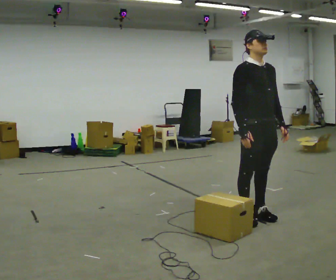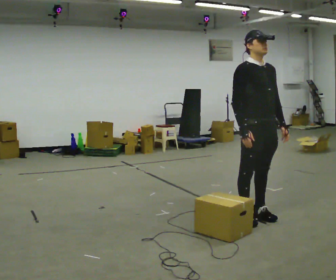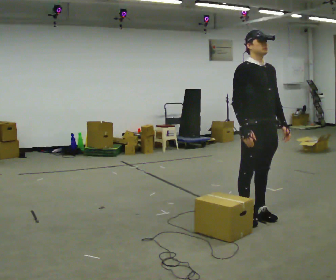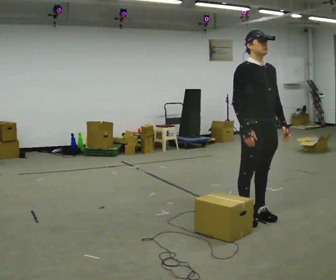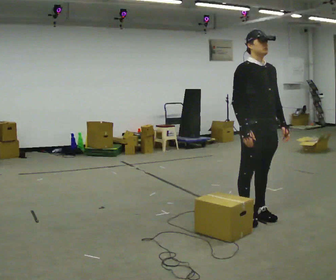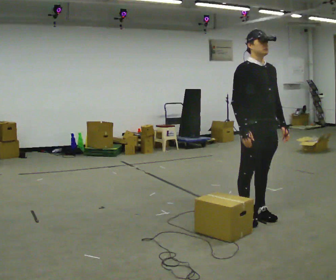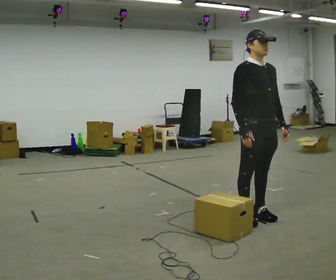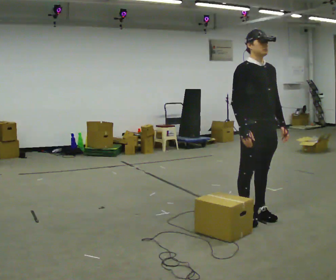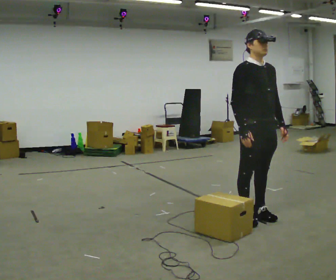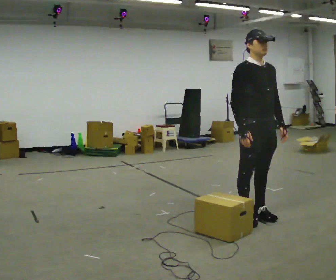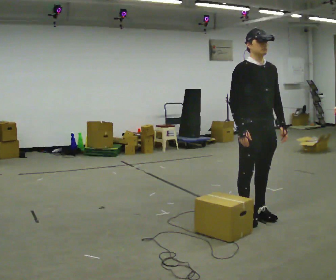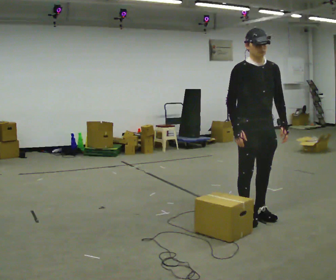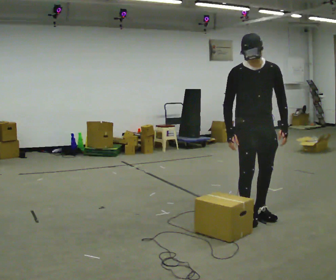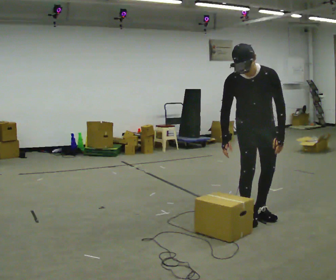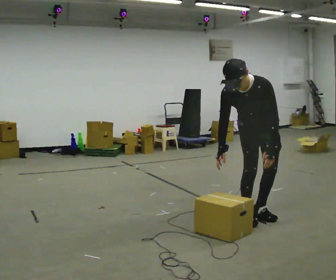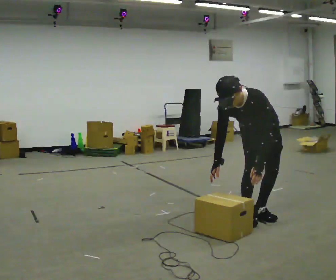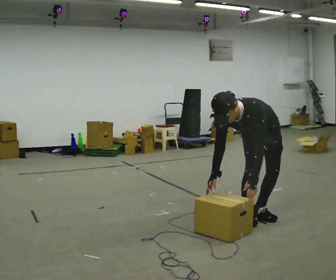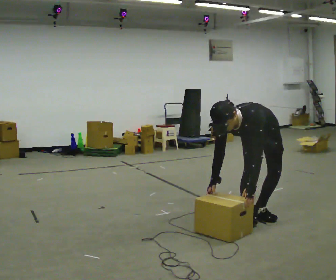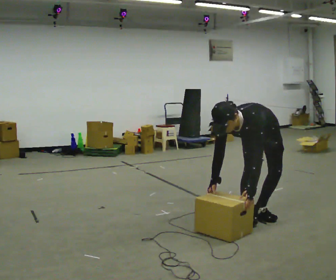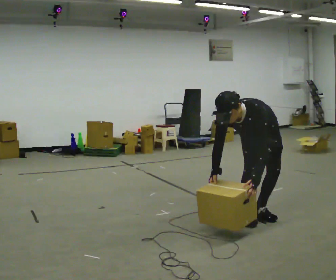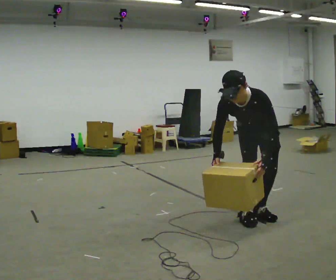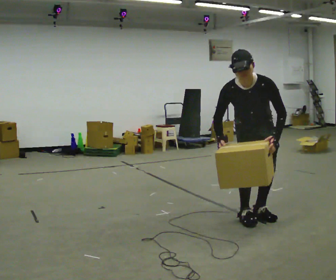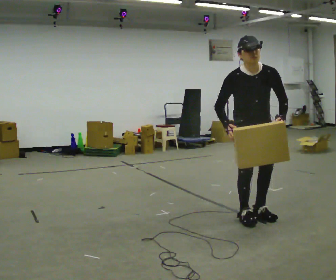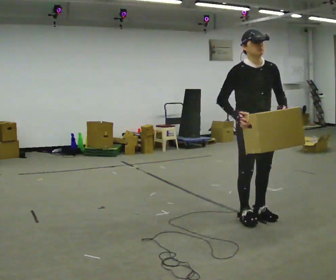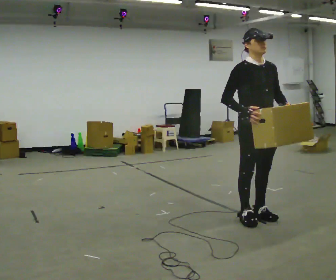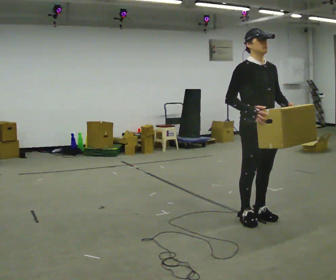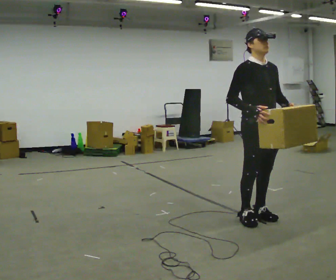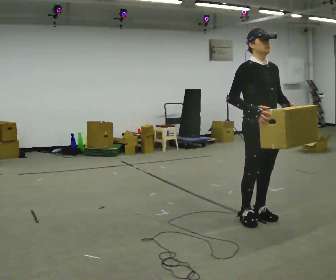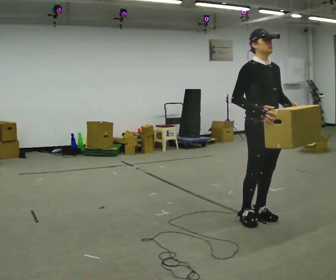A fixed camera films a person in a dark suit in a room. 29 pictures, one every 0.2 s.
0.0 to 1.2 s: The person keeps their place and pose.
1.2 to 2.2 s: The person moves a little, or ends about where they began.
2.2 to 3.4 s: Seen from above the body turns clockwise, about 45 degrees: to their right, with its near side sliding to the left. The upper body goes downward. The upper body tips toward the camera, its near side rolling downward, as they bend forward. In the picture their left hand goes downward.
3.4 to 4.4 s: Seen from above the body turns counterclockwise, about 45 degrees: to their left, with its near side sliding to the right. The upper body goes upward. The upper body tips away from the camera, its near side rolling upward, as they lean back or straighten. In the picture their left hand goes upward.
4.4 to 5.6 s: The person turns about 30 degrees to their left, counterclockwise seen from above, so the part of the body nearest the lens slides to the right. The upper body tips away from the camera, its near side rolling upward, as they lean back or straighten.
The film runs forward here.
